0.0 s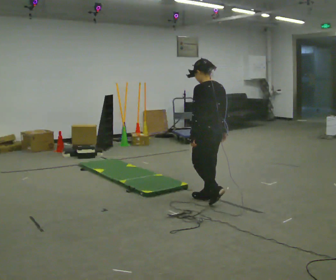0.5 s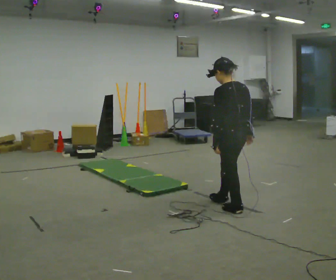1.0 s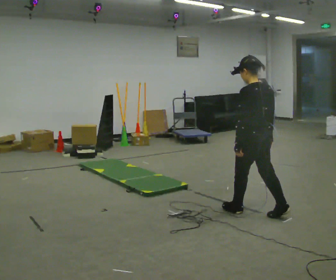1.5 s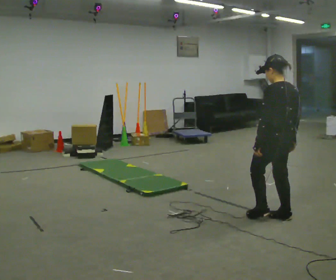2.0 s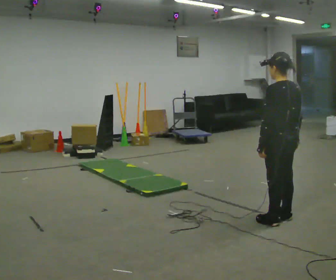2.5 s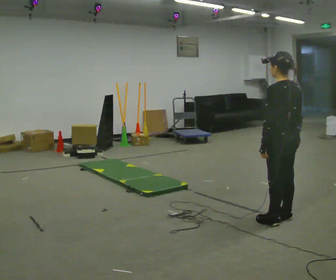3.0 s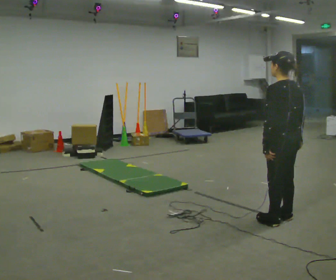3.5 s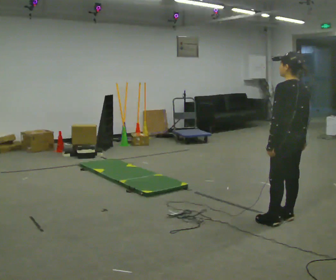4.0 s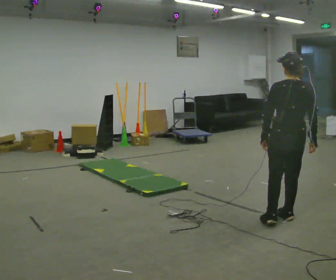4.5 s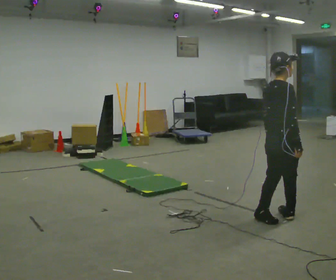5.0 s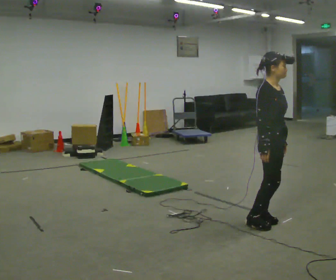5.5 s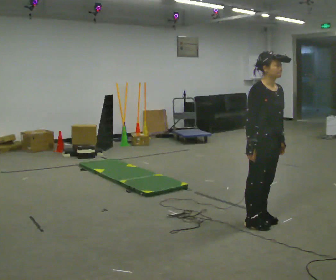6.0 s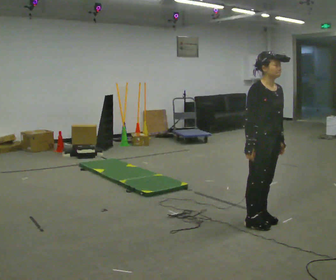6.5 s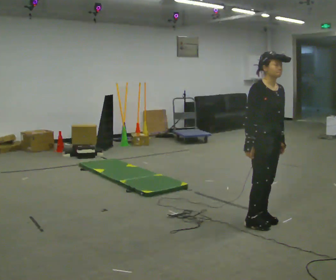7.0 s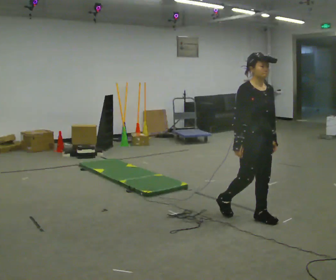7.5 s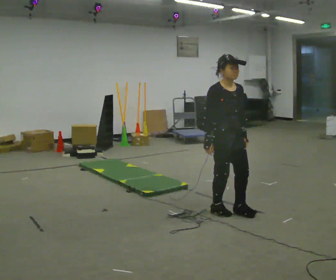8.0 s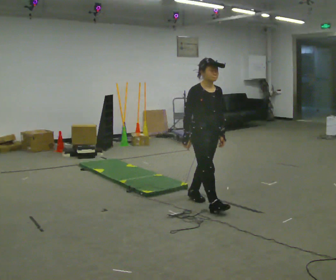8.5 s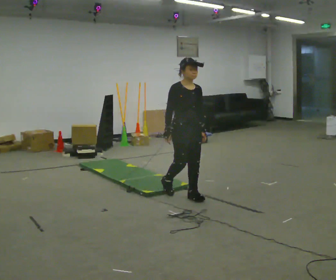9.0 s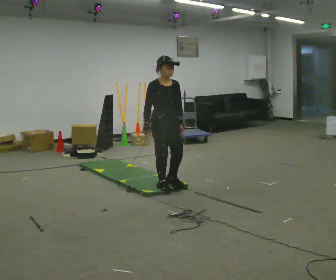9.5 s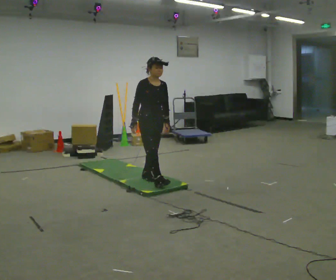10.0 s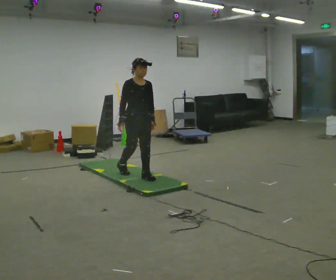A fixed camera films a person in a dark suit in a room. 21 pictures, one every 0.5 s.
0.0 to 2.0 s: In the picture they go to the right and toward the camera, about 1 m in 2 steps, which for them is backward.
2.0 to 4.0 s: The person turns about 45 degrees to their right, clockwise seen from above, so the part of the body nearest the lens slides to the left.
4.0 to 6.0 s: The person turns about 135 degrees to their right, clockwise seen from above, so the part of the body nearest the lens slides to the left. In the picture they go to the left, about 0.25 m in 2 steps.
6.0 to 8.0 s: In the picture they go to the left and away from the camera, about 0.5 m in 2 steps, which for them is backward.
8.0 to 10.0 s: In the picture they go to the left and away from the camera, about 1 m in 3 steps, which for them is backward.
The film runs backward here.
